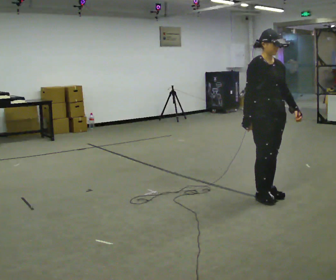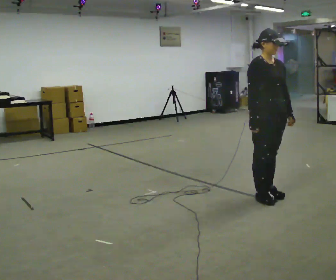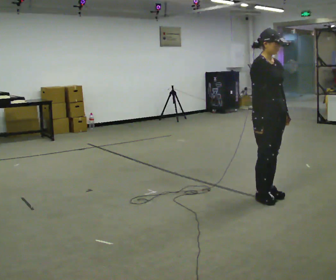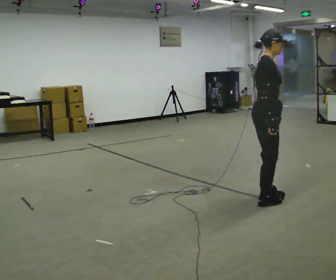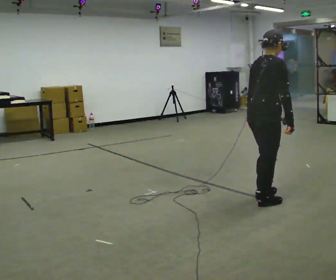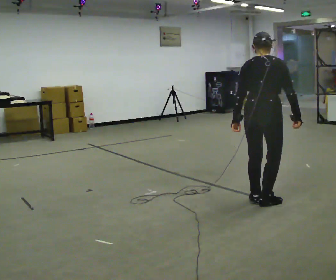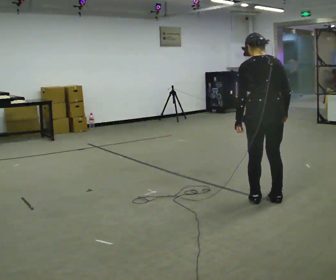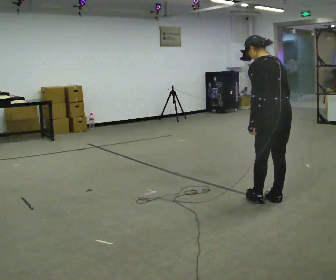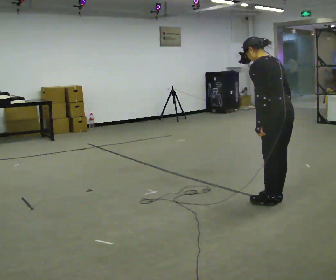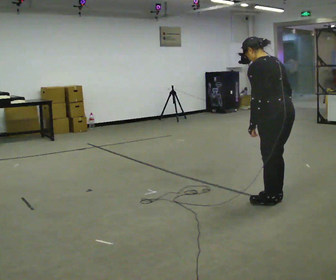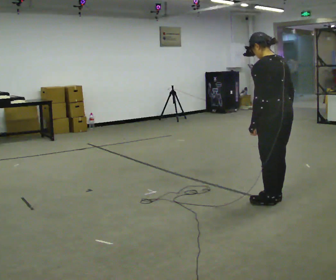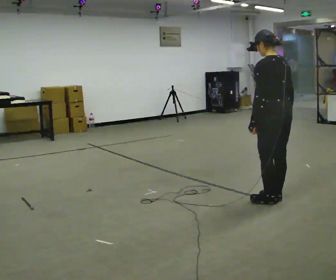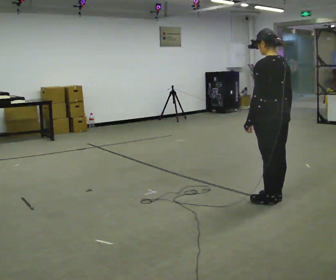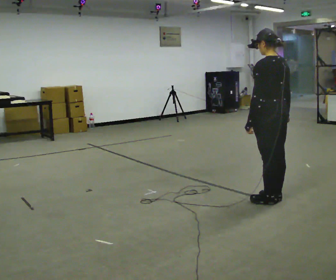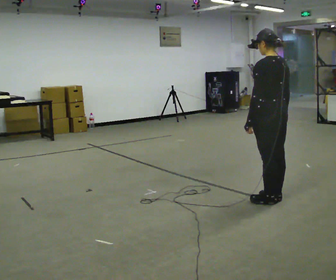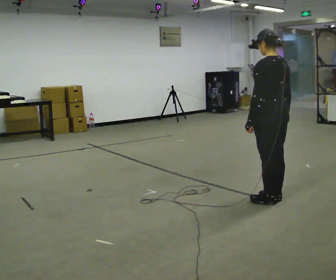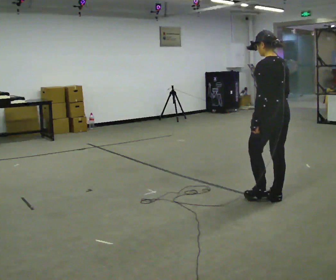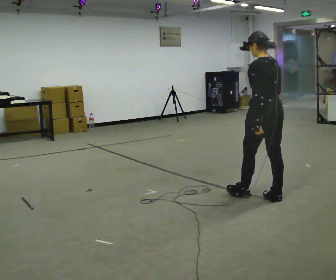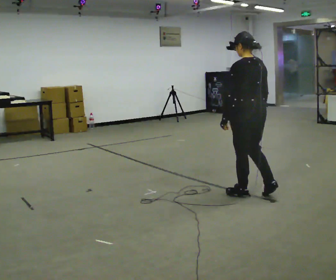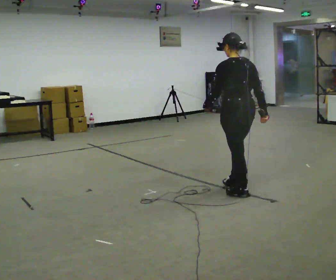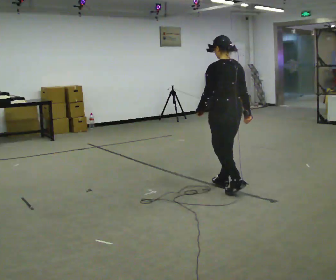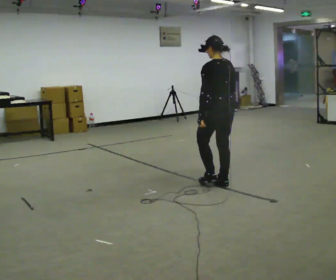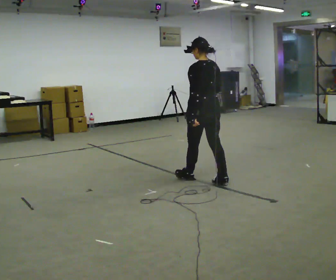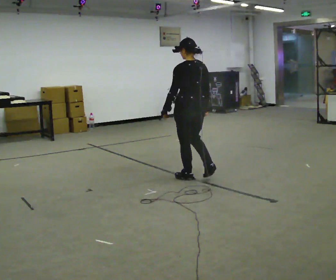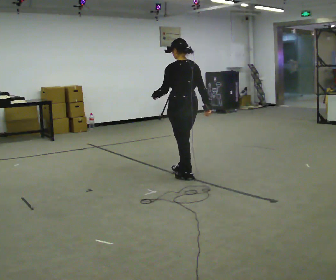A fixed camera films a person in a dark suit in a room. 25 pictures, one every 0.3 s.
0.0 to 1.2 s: The person turns about 90 degrees to their left, counterclockwise seen from above, so the part of the body nearest the lens slides to the right. In the picture they go toward the camera, about 0.25 m in 1 step. In the picture their left hand goes to the left, the arm swinging clockwise.
1.2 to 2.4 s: The person turns about 105 degrees to their left, counterclockwise seen from above, so the part of the body nearest the lens slides to the right. In the picture the upper body tilts counterclockwise, shoulders to the left.
2.4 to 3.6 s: In the picture the upper body tilts clockwise, shoulders to the right, as they lean back or straighten.
3.6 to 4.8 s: The person moves a little, or ends about where they began.
4.8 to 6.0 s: In the picture they go to the left and away from the camera, about 0.5 m in 2 steps, which for them is forward.
6.0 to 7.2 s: In the picture they go to the left and away from the camera, about 0.5 m in 1 step, which for them is forward.
The film runs forward here.
